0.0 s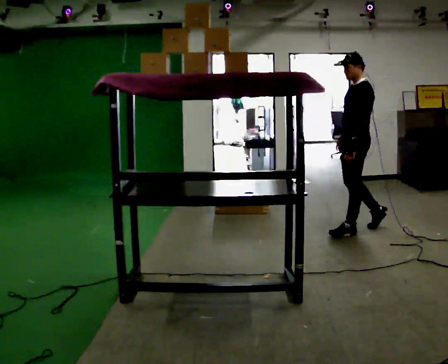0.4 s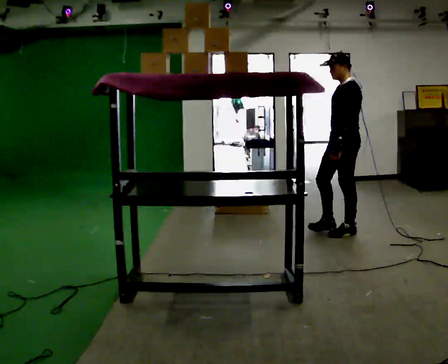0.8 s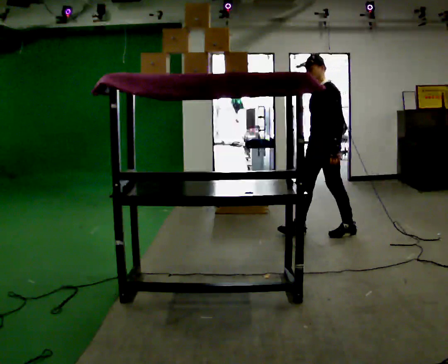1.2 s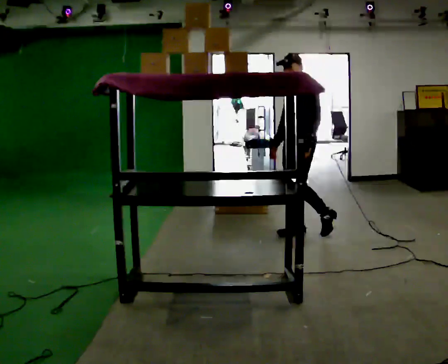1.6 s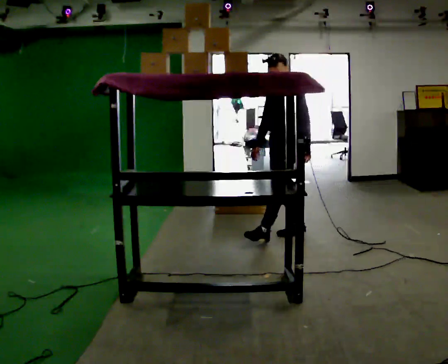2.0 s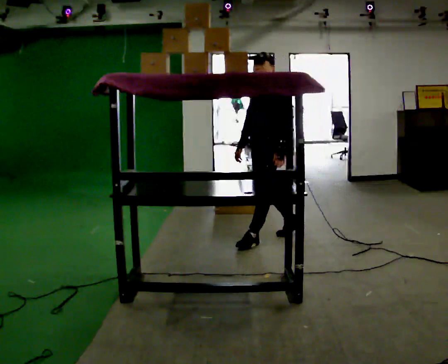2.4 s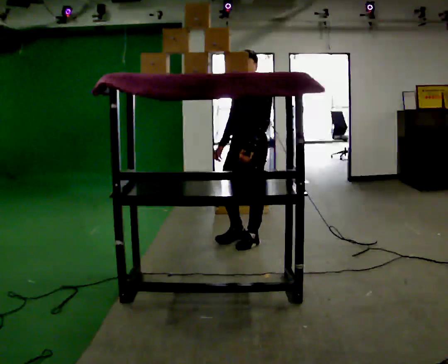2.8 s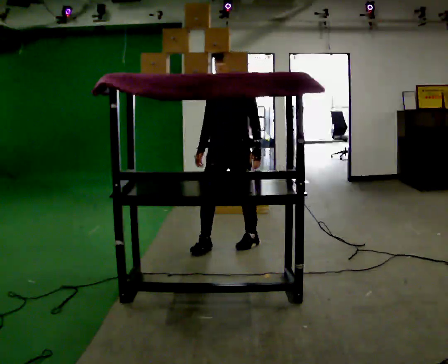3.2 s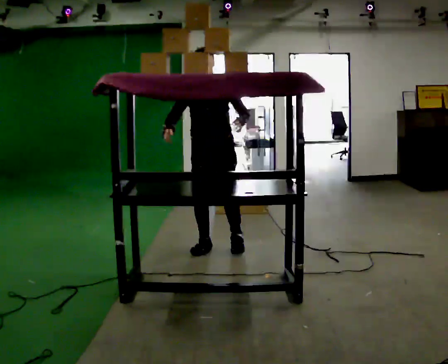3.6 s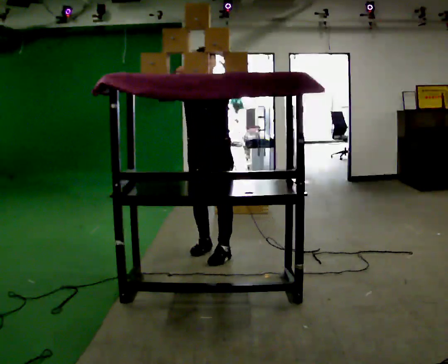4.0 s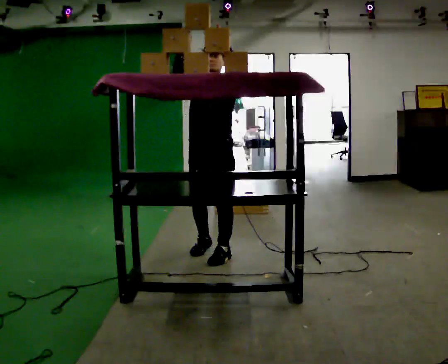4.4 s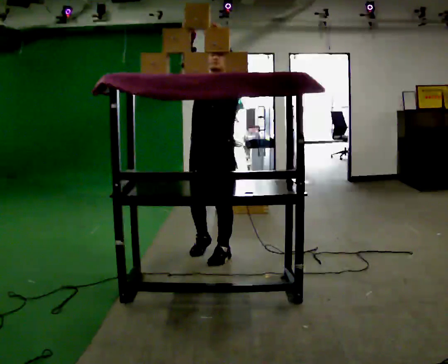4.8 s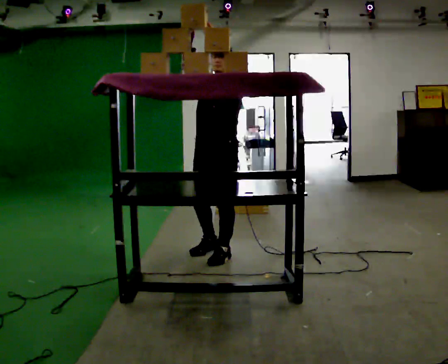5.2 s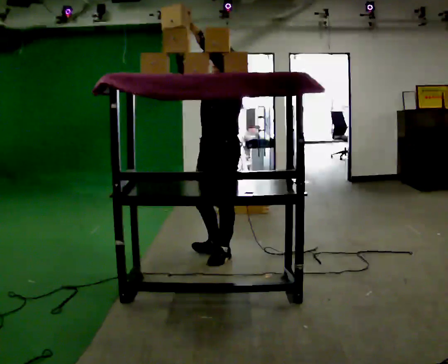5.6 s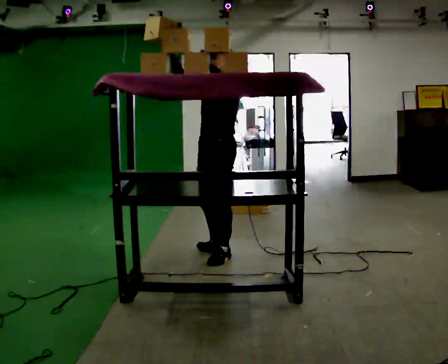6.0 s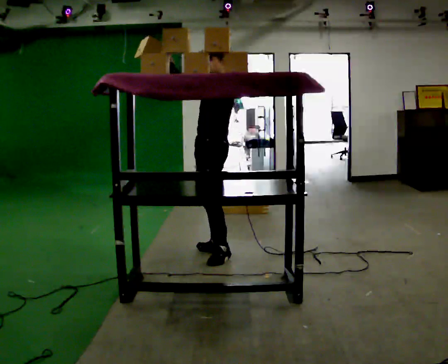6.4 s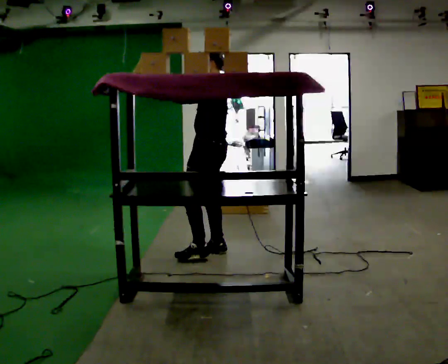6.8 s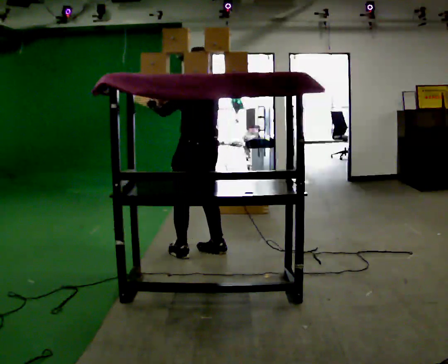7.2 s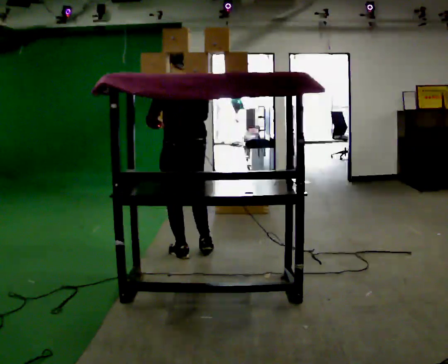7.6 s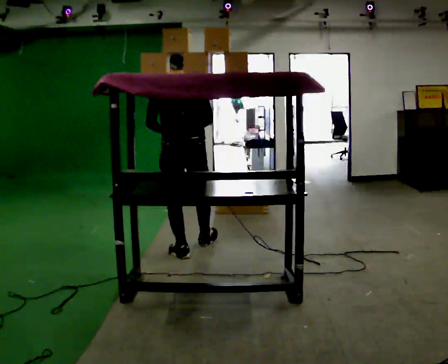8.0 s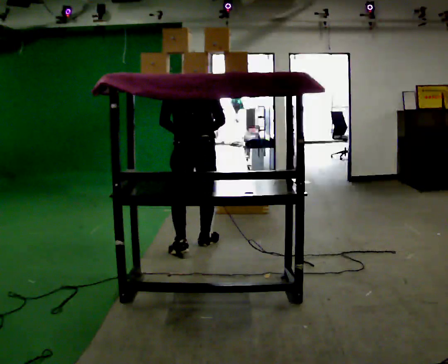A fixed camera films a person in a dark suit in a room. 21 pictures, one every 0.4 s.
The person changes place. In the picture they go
to the left.
0.0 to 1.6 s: The part of the body nearest the lens slides to the right as the person turns to their left by about 30 degrees. In the picture they go to the left, about 0.75 m in 1 step, which for them is forward.
1.6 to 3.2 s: Seen from above the body turns counterclockwise, about 45 degrees: to their left, with its near side sliding to the right. In the picture they go to the left and toward the camera, about 1 m in 2 steps, which for them is forward.
3.2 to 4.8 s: In the picture they go toward the camera, about 0.25 m in 1 step, which for them is forward and to their left. In the picture their right hand goes upward.
4.8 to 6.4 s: The part of the body nearest the lens slides to the left as the person turns to their right by about 75 degrees. In the picture they go away from the camera, about 0.25 m. In the picture their right hand goes downward, the arm swinging counterclockwise.
6.4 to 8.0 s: The person turns about 75 degrees to their right, clockwise seen from above, so the part of the body nearest the lens slides to the left. In the picture they go away from the camera, about 0.25 m in 2 steps. In the picture their right hand goes to the right and downward.
The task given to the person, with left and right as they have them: Take an object from the highest shelf you can comfortably reach, carry it across, and place it on the lowest shelf. Keep going until the operator says stop; one object at a time, and do not rush between trips.
The film runs forward here.
